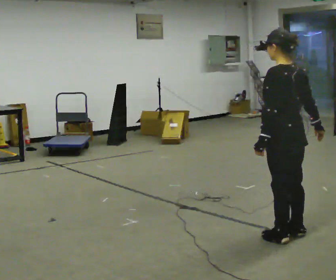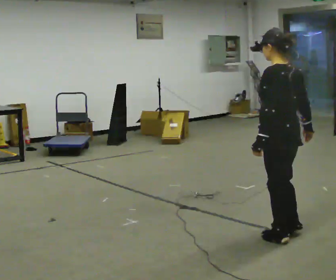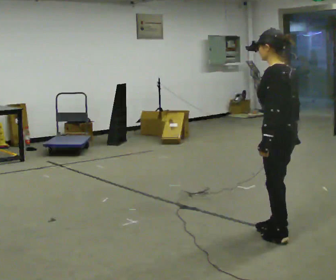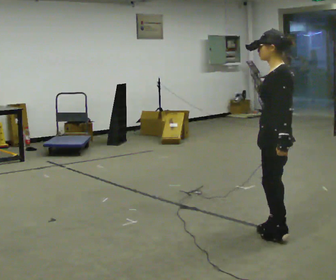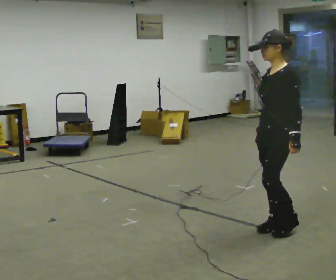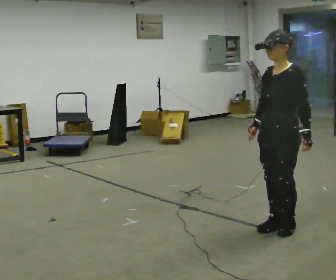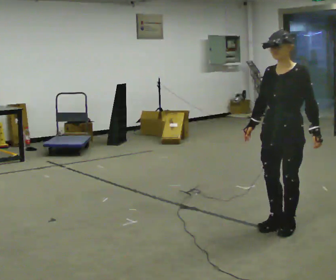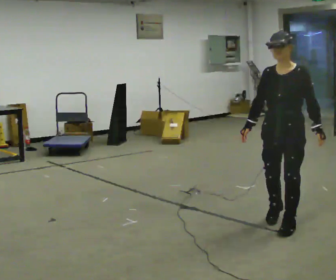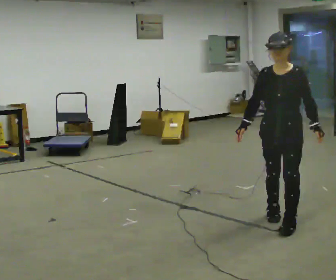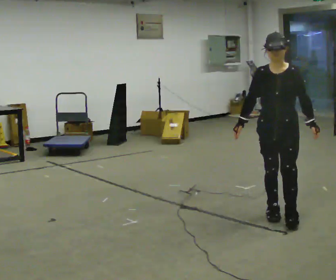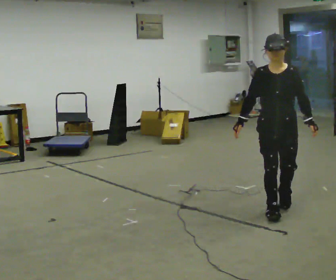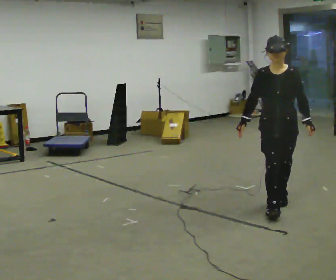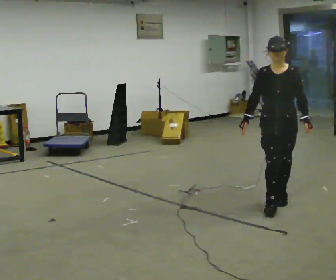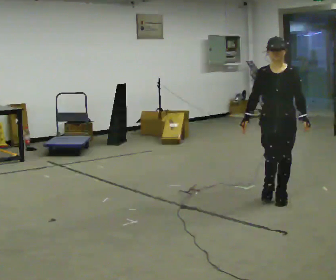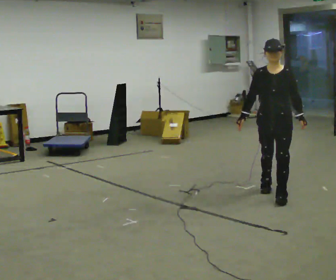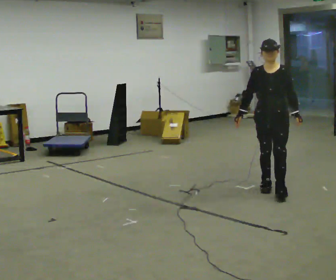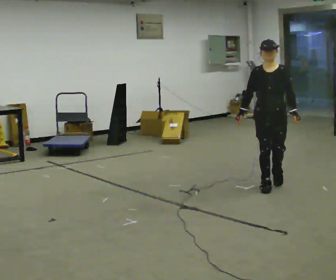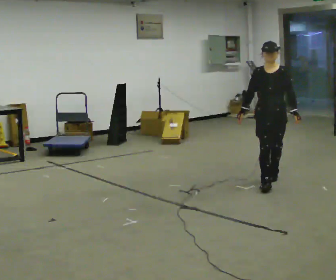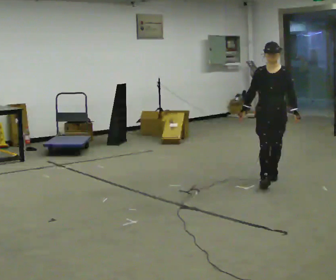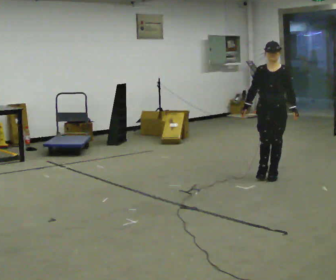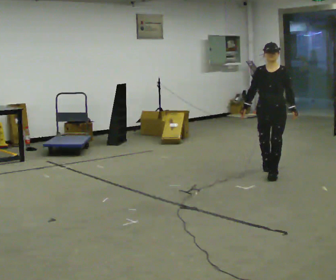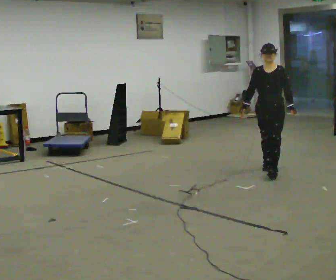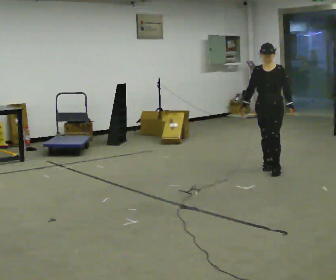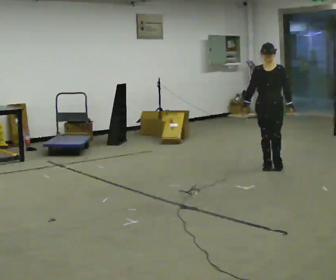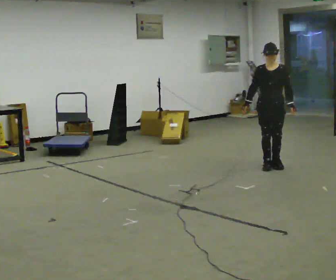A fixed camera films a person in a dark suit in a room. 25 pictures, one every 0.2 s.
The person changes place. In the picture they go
away from the camera.
Their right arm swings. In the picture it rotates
clockwise.
0.0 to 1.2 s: Seen from above the body turns counterclockwise, about 90 degrees: to their left, with its near side sliding to the right. In the picture they go away from the camera, about 0.25 m in 2 steps. In the picture their right hand goes to the left, the arm swinging clockwise.
1.2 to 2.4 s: Seen from above the body turns counterclockwise, about 30 degrees: to their left, with its near side sliding to the right. In the picture they go away from the camera, about 0.5 m in 3 steps, which for them is backward.
2.4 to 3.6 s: In the picture they go away from the camera, about 1 m in 2 steps, which for them is backward.
3.6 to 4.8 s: In the picture they go away from the camera, about 0.75 m in 1 step, which for them is backward.
The film runs backward here.
